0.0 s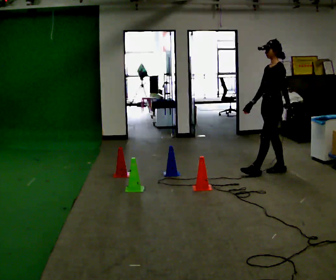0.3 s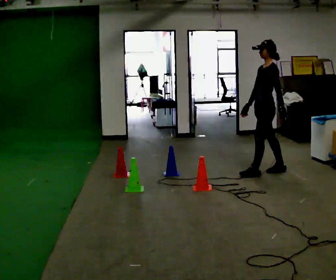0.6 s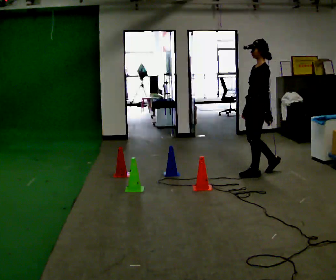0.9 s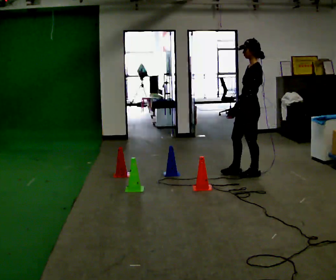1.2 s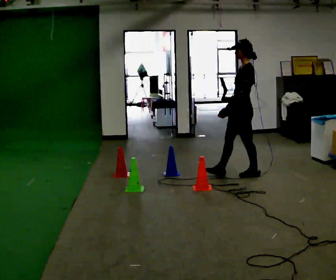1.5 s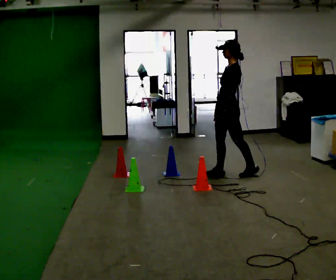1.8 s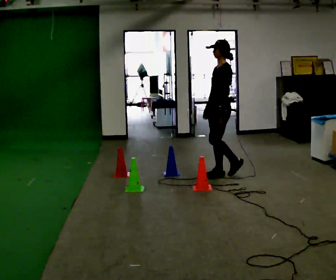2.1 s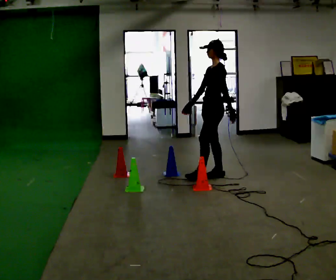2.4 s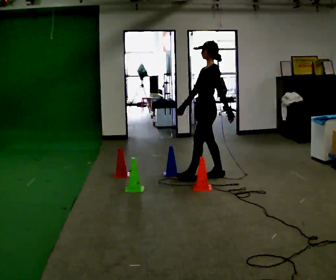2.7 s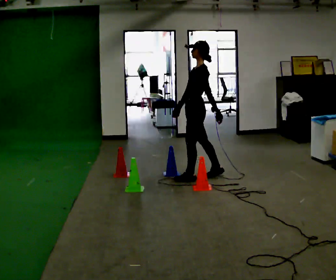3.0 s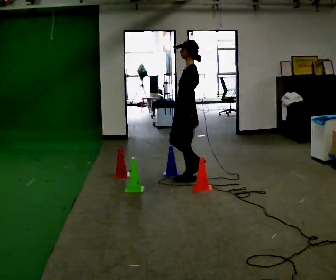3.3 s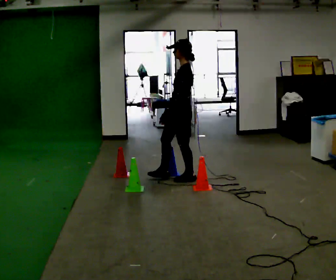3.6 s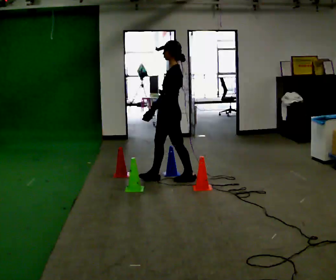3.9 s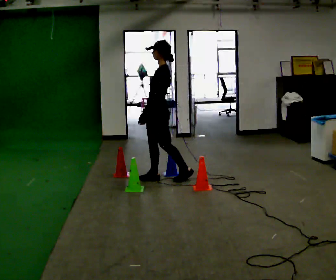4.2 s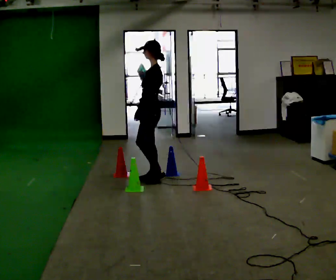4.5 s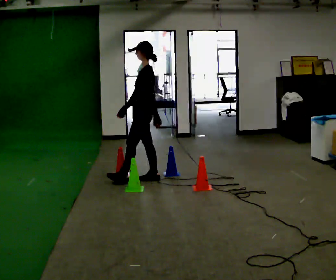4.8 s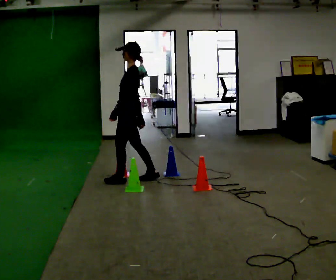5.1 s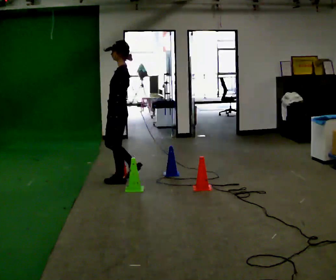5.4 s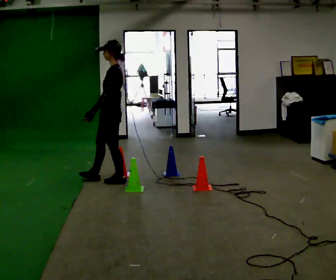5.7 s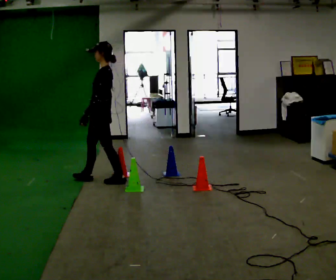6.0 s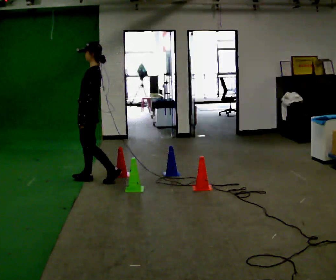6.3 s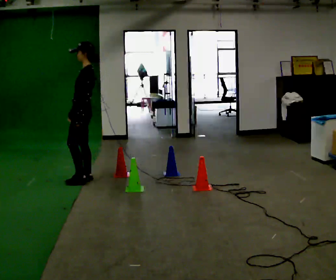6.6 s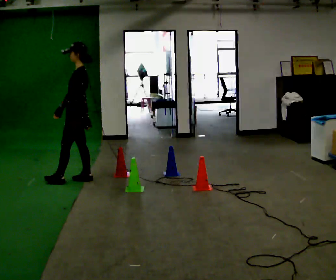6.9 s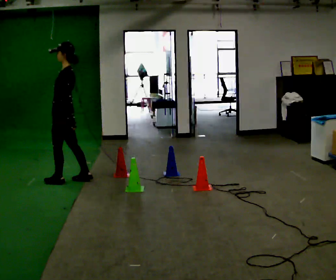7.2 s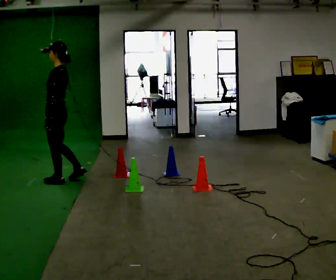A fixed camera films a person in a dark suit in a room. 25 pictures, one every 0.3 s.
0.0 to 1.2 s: In the picture they go to the left, about 0.5 m in 2 steps, which for them is forward.
1.2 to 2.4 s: In the picture they go to the left, about 0.5 m in 1 step, which for them is forward.
2.4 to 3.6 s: In the picture they go to the left, about 0.5 m in 1 step, which for them is forward.
3.6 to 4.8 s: In the picture they go to the left, about 0.5 m in 1 step, which for them is forward.
4.8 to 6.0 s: In the picture they go to the left, about 0.5 m in 1 step, which for them is forward.
6.0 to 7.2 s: In the picture they go to the left, about 0.5 m in 1 step, which for them is forward.
The film runs forward here.
